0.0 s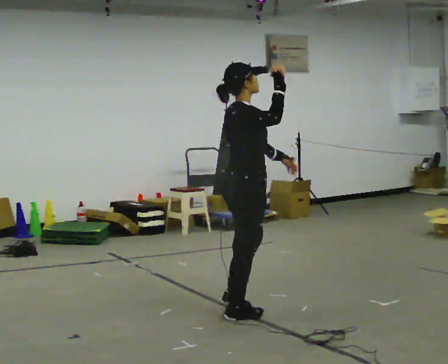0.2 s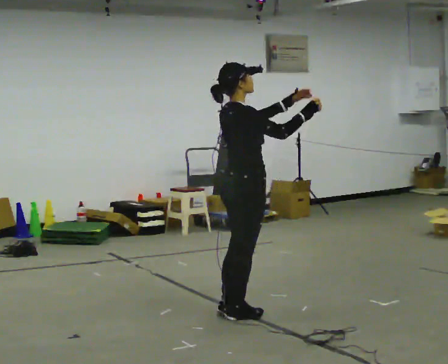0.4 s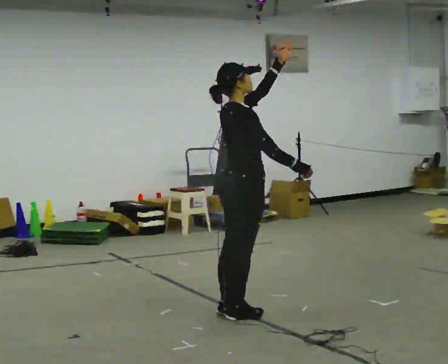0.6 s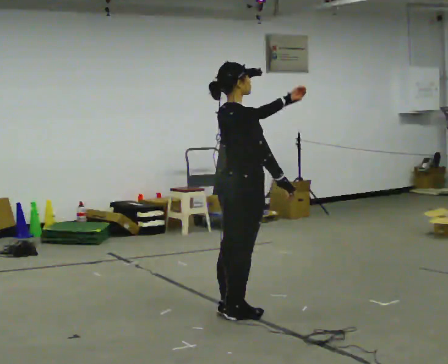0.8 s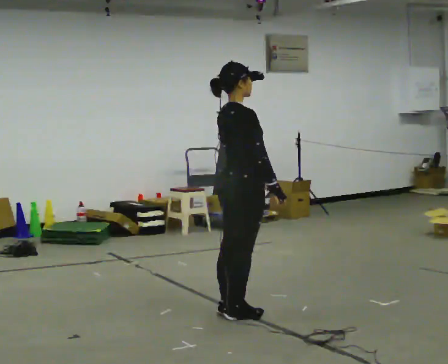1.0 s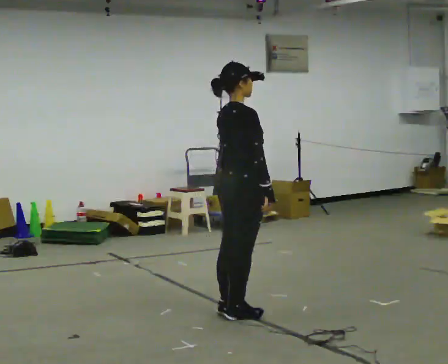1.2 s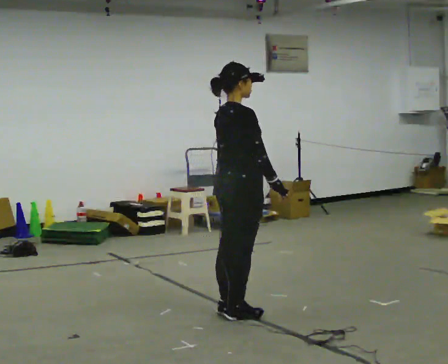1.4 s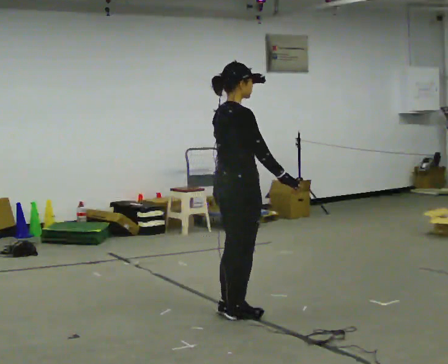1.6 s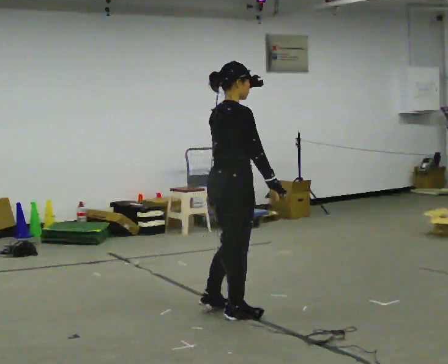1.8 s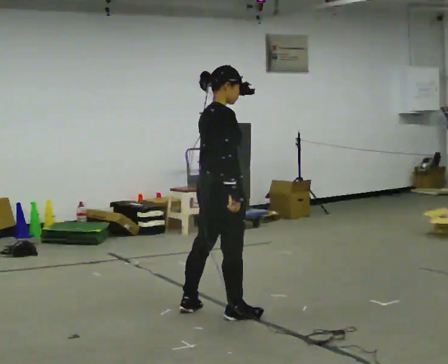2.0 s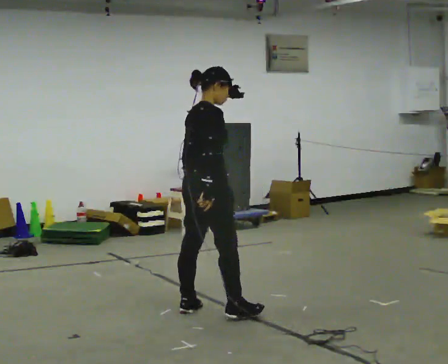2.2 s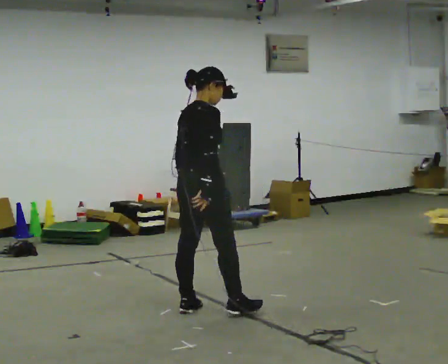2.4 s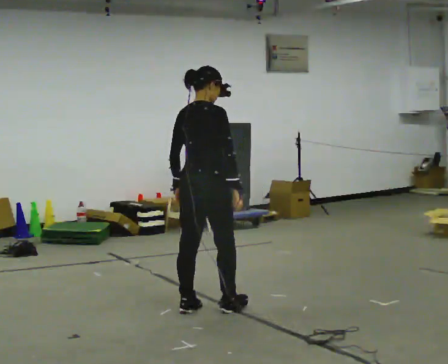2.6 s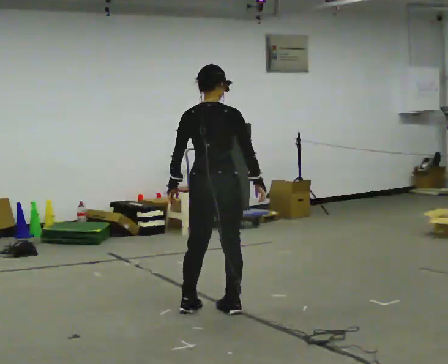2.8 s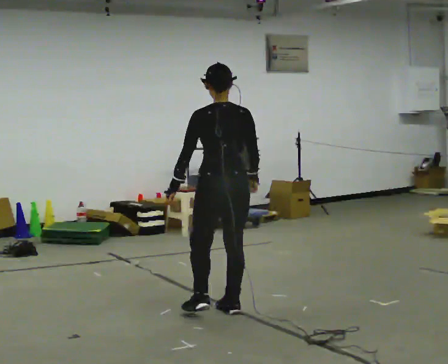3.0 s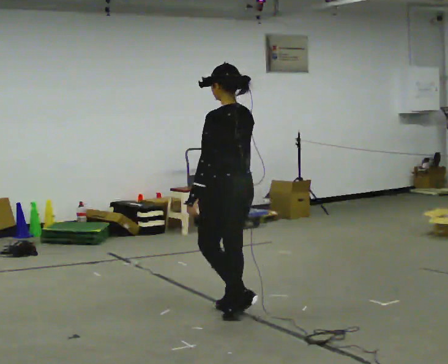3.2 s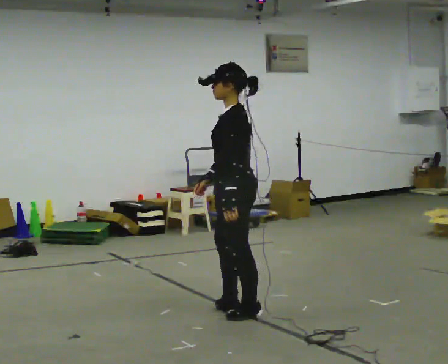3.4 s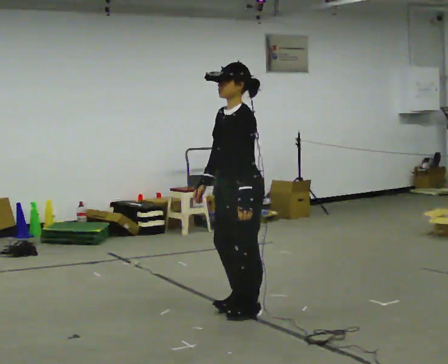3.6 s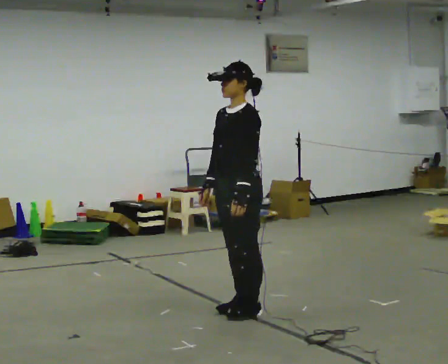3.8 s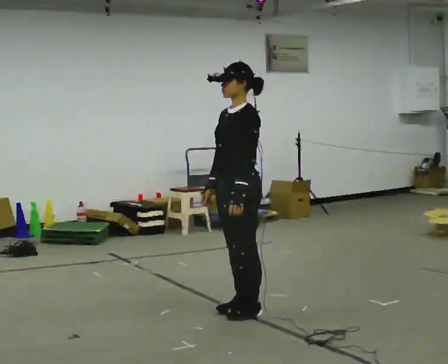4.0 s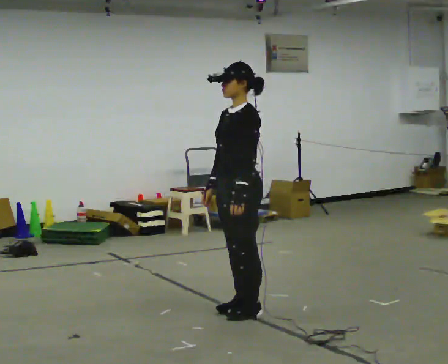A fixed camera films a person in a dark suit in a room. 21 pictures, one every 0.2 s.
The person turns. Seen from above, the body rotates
counterclockwise.
The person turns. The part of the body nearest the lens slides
to the right.
0.0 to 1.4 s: In the picture their right hand goes downward.
1.4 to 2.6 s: The part of the body nearest the lens slides to the right as the person turns to their left by about 45 degrees. In the picture their left hand goes to the left.
2.6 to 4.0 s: Seen from above the body turns counterclockwise, about 135 degrees: to their left, with its near side sliding to the right. In the picture they go to the right, about 0.25 m in 1 step.
The film runs backward here.
